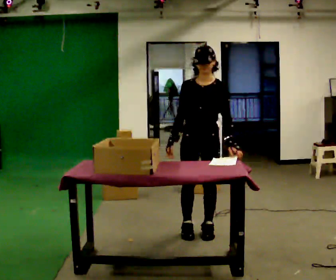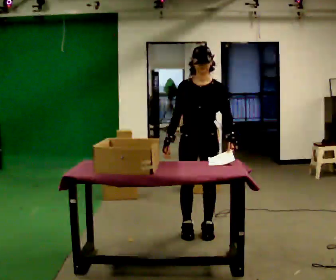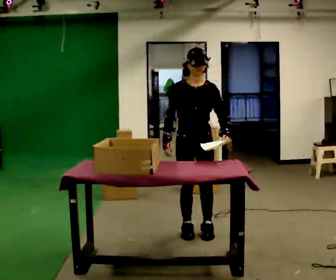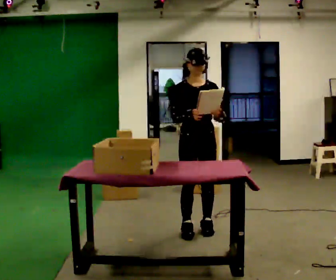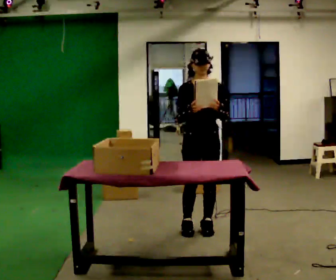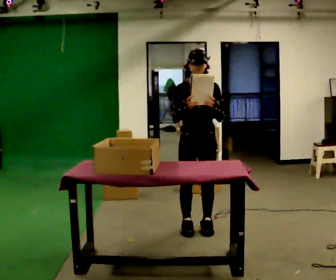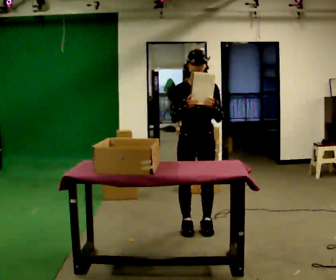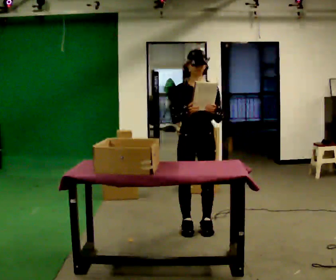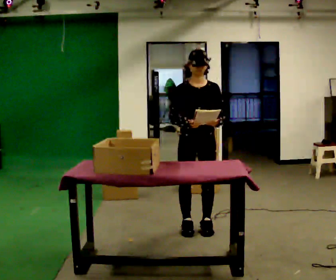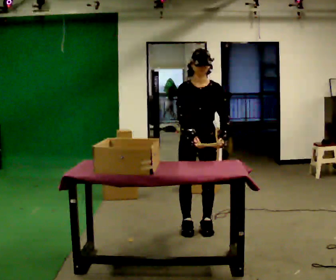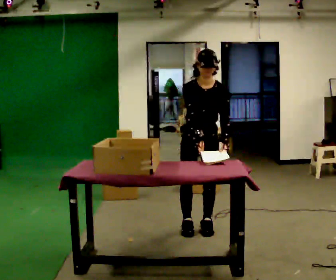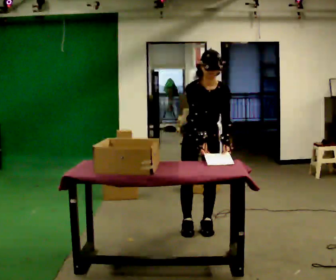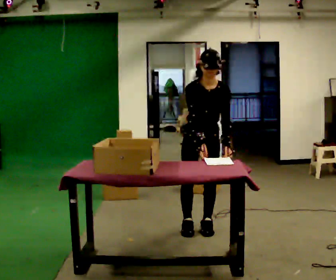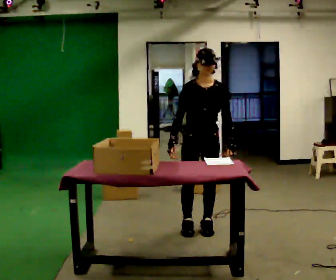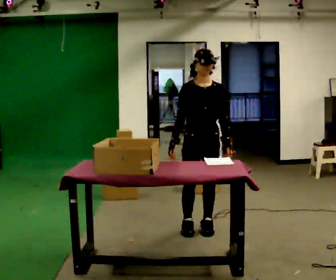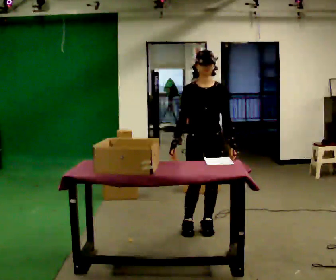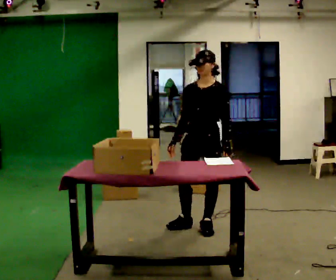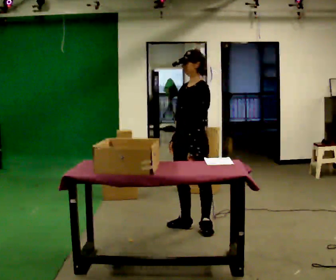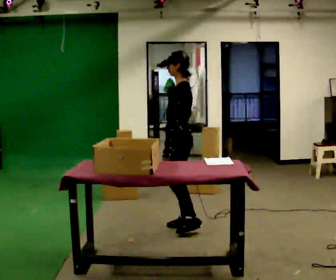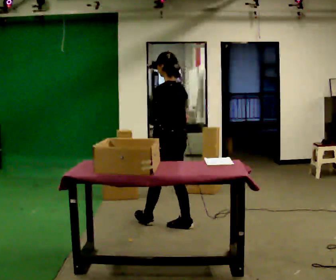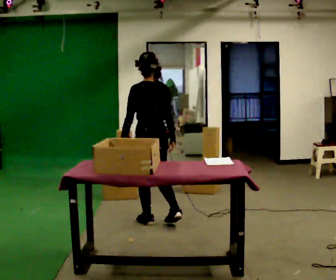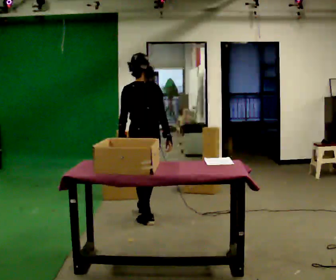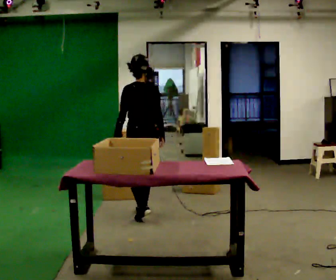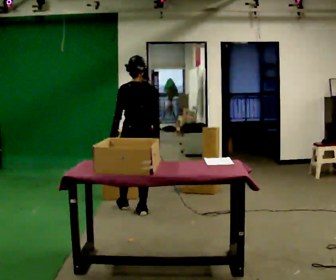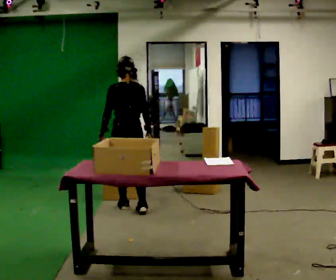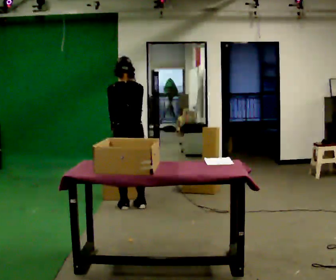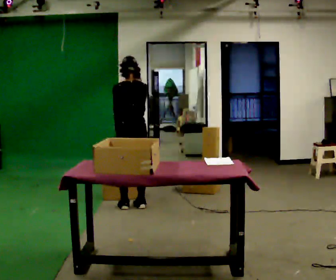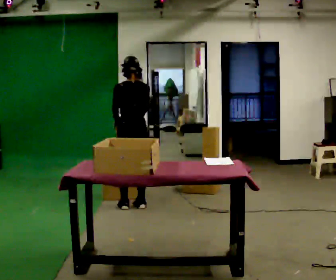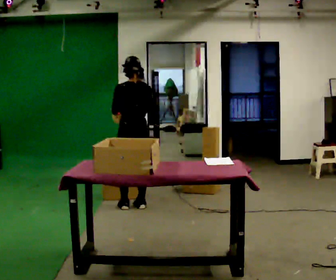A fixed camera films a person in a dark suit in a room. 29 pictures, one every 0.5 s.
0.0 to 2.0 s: In the picture they go away from the camera, about 0.25 m, which for them is backward.
2.0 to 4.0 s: The person moves a little, or ends about where they began.
4.0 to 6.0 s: The upper body tips toward the camera, its near side rolling downward, as they bend forward.
6.0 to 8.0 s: The person turns about 30 degrees to their right, clockwise seen from above, so the part of the body nearest the lens slides to the left.
8.0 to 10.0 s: Seen from above the body turns clockwise, about 120 degrees: to their right, with its near side sliding to the left. In the picture they go to the left, about 0.5 m in 1 step.
10.0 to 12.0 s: In the picture they go away from the camera and to the left, about 0.5 m in 2 steps, which for them is forward.
12.0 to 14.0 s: The person moves a little, or ends about where they began.
The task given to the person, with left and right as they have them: 1. Read the parts list. 2. Collect each part from the bins around the room. 3. Lay them out on the table in the order on the list. 4. Put them all in the carry case. 5. Tell the operator when you are finished.
The film runs forward here.
